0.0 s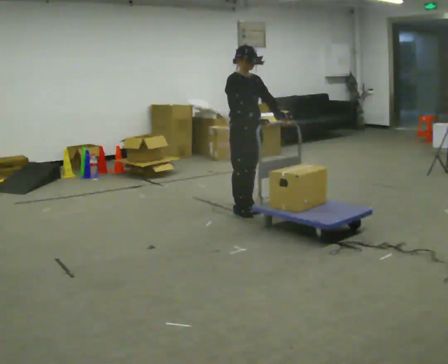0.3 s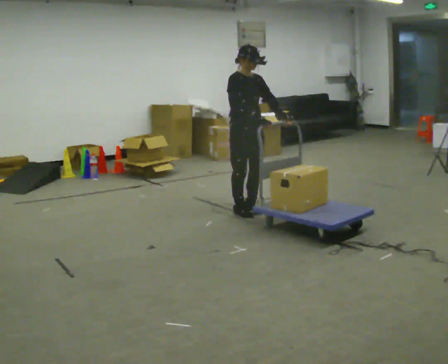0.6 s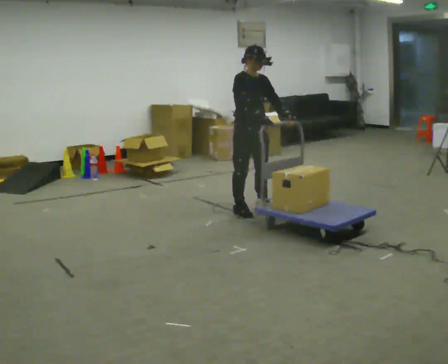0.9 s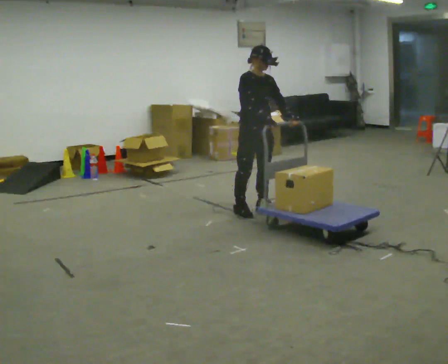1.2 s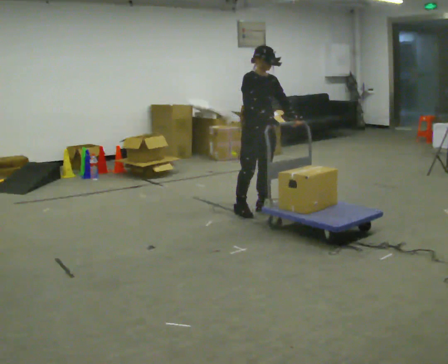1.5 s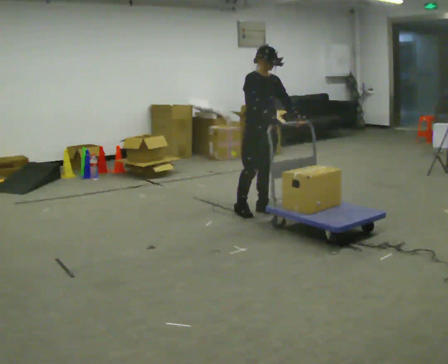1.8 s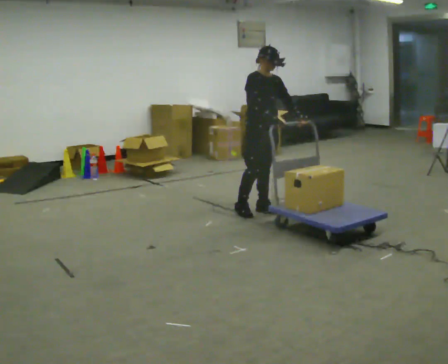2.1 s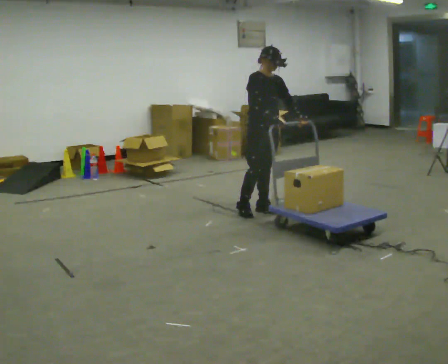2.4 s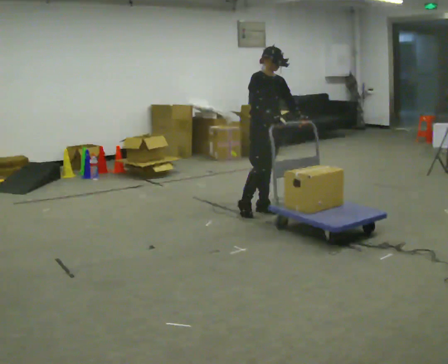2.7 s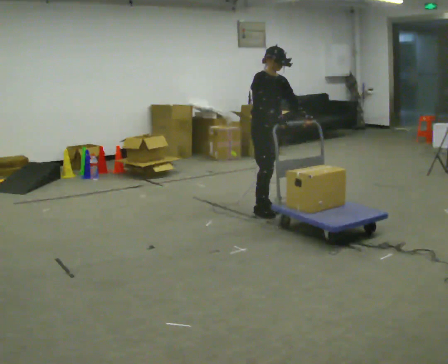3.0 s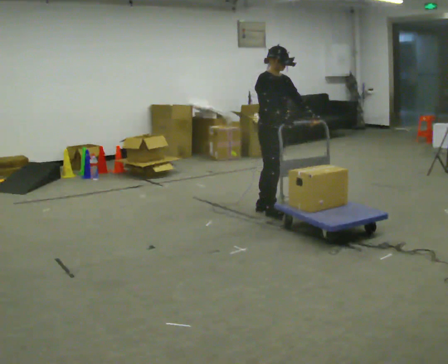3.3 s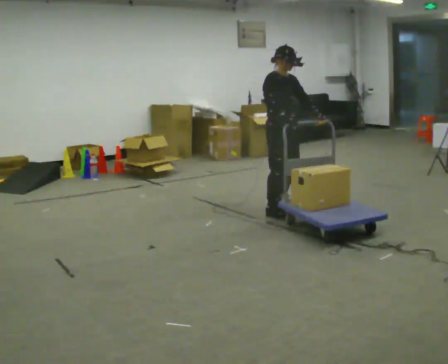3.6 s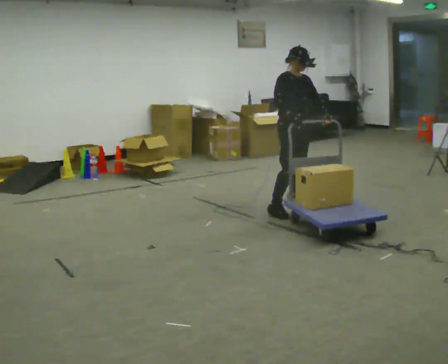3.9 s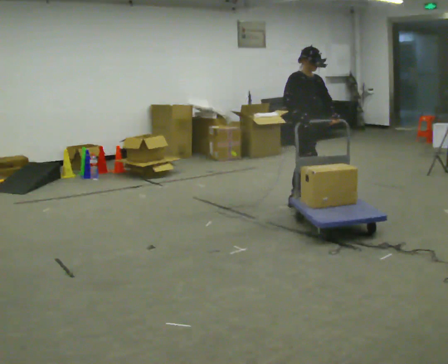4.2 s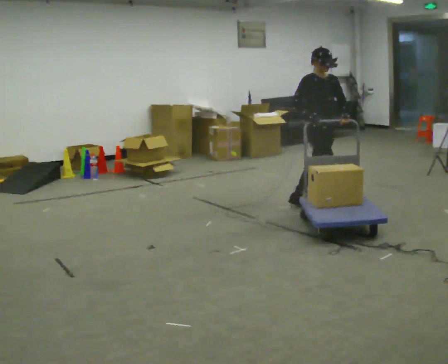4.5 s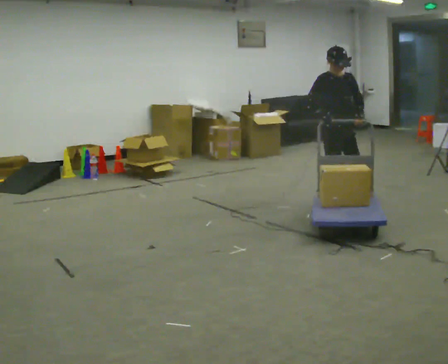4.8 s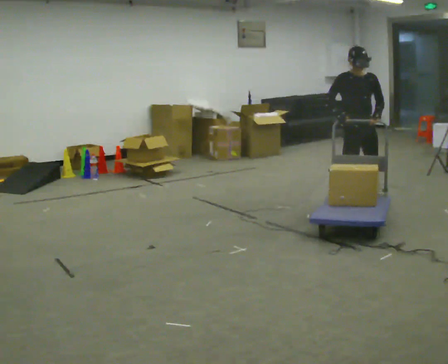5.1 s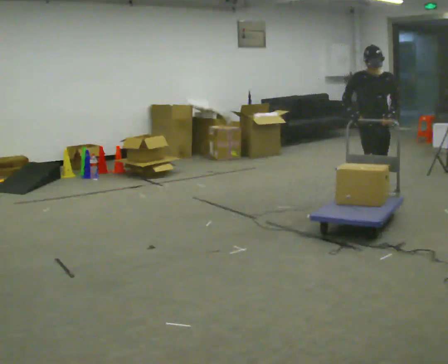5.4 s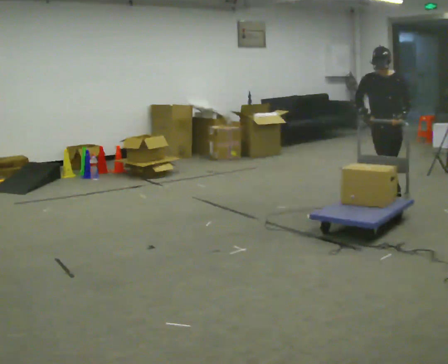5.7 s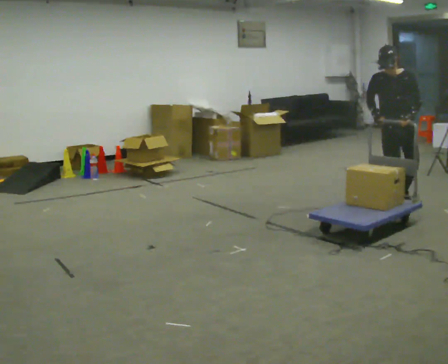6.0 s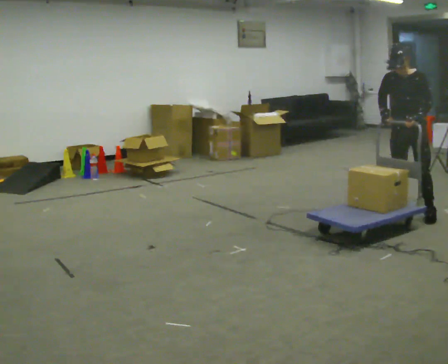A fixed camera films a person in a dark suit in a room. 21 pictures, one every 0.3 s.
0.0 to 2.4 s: In the picture they go to the right, about 0.25 m in 1 step, which for them is to their left.
2.4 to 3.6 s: In the picture they go to the right, about 0.25 m in 2 steps, which for them is to their left and forward.
3.6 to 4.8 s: The person turns about 30 degrees to their right, clockwise seen from above, so the part of the body nearest the lens slides to the left. In the picture they go to the right, about 0.75 m in 2 steps, which for them is forward and to their left.
4.8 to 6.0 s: The person turns about 45 degrees to their right, clockwise seen from above, so the part of the body nearest the lens slides to the left. In the picture they go to the right and toward the camera, about 0.5 m in 2 steps, which for them is forward and to their left.
The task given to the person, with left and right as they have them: Stand still with your hands on the cart. When the operator says go, get it moving, push it a few metres, then bring it to a stop. Repeat until the operator says stop.
The film runs forward here.
